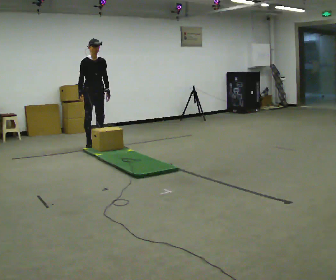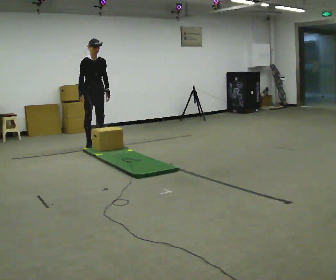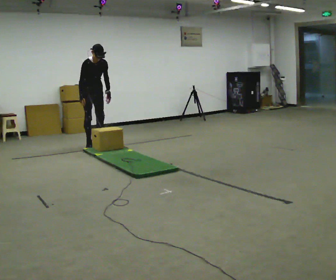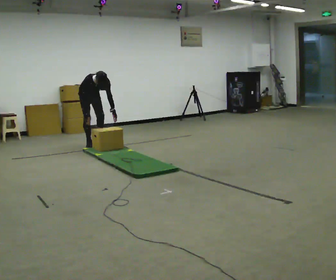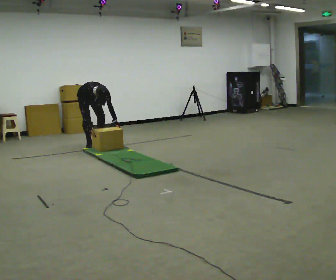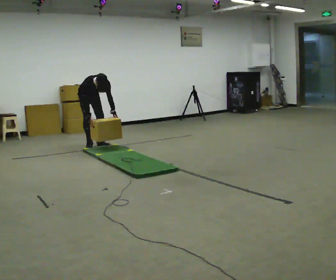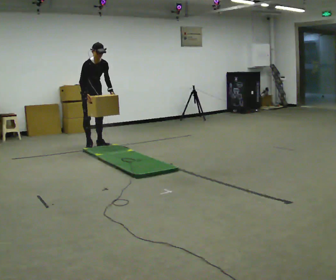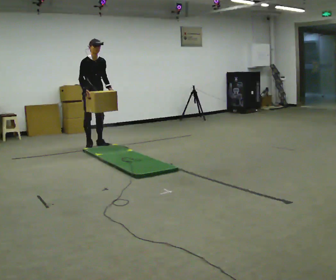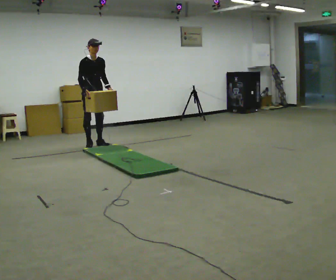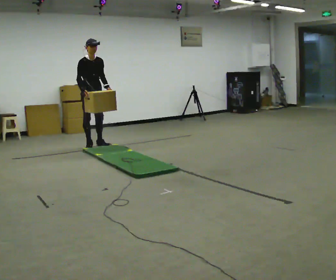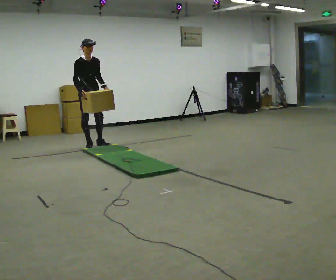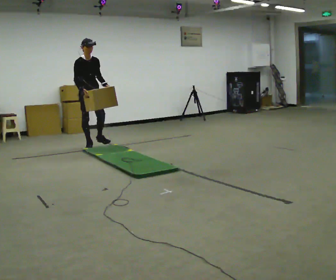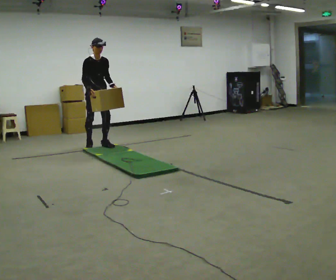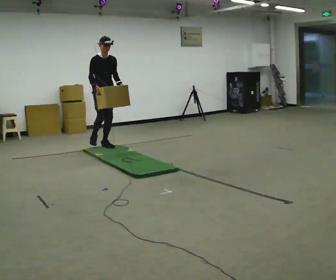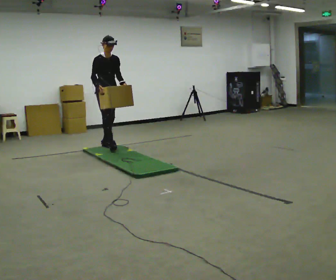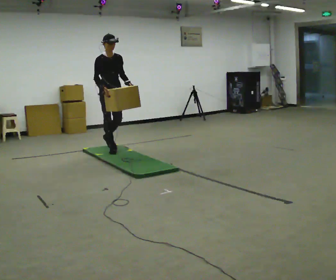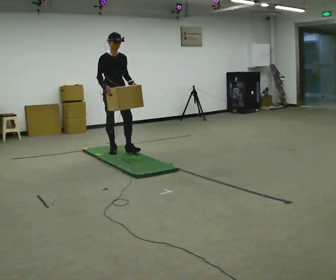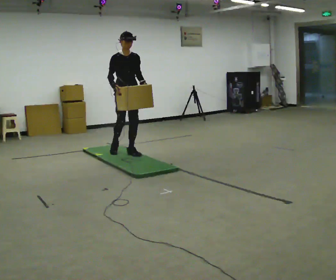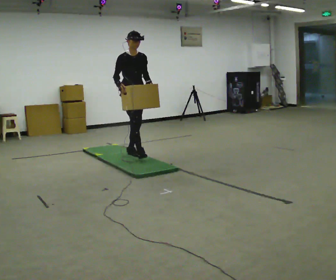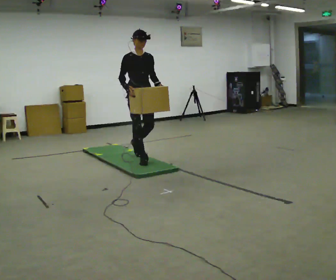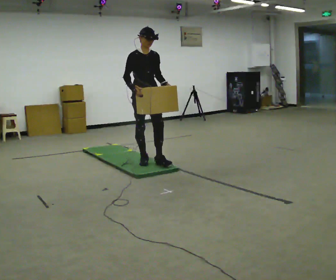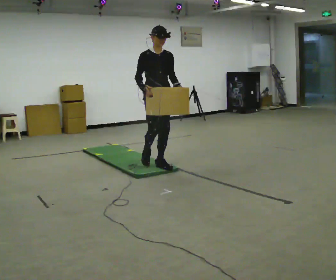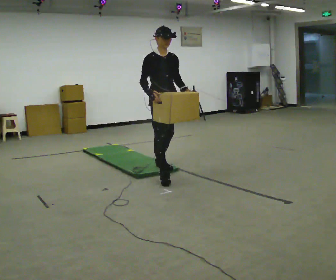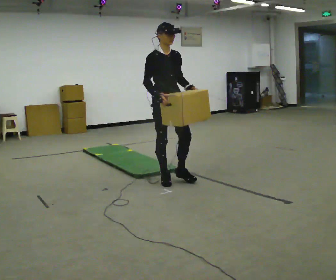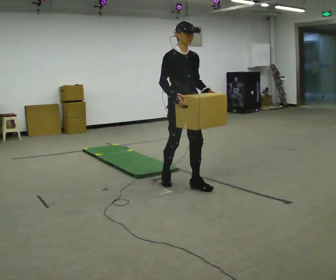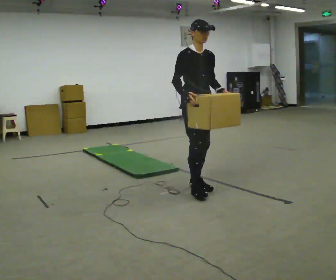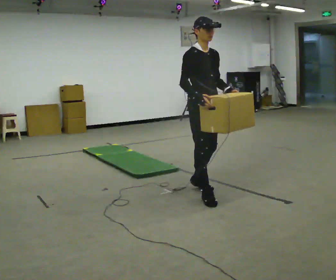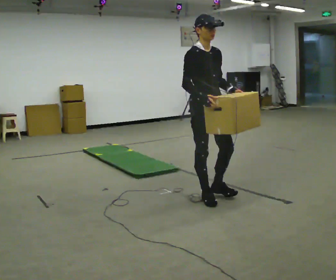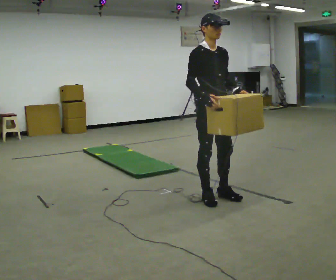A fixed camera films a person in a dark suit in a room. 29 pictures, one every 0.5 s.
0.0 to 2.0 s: In the picture they go away from the camera, about 0.25 m, which for them is backward. The upper body goes downward. The upper body tips toward the camera, its near side rolling downward, as they bend forward. In the picture their right hand goes downward.
2.0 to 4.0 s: In the picture they go toward the camera, about 0.25 m, which for them is forward. The shoulders move upward. The upper body tips away from the camera, its near side rolling upward, as they lean back or straighten. In the picture their right hand goes upward.
4.0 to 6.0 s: The person moves a little, or ends about where they began.
6.0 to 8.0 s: In the picture they go toward the camera and to the right, about 0.5 m in 1 step, which for them is forward.
8.0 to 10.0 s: In the picture they go toward the camera and to the right, about 1 m in 2 steps, which for them is forward.
10.0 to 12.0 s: In the picture they go toward the camera, about 1 m in 3 steps, which for them is forward.
12.0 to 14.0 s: In the picture they go toward the camera, about 0.5 m in 2 steps, which for them is forward.
The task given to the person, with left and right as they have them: Carry the box across the soft uneven mat, set it down on the far side, then bring it back. Keep going until the operator says stop; one object at a time, and do not rush between trips.
The film runs forward here.
